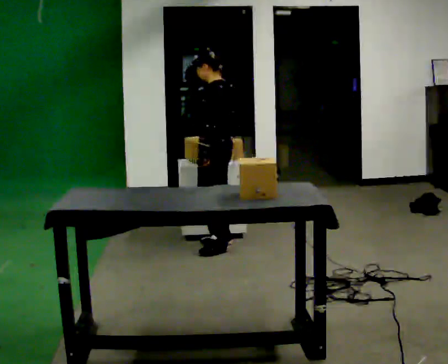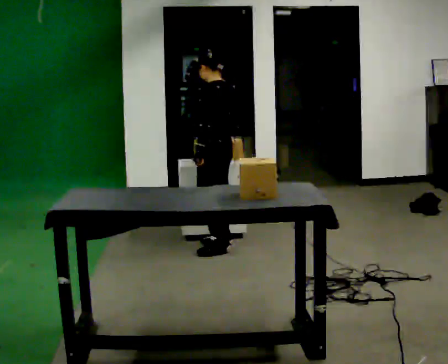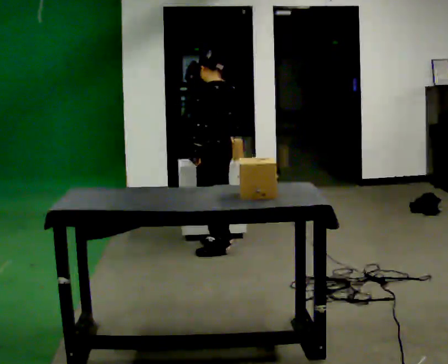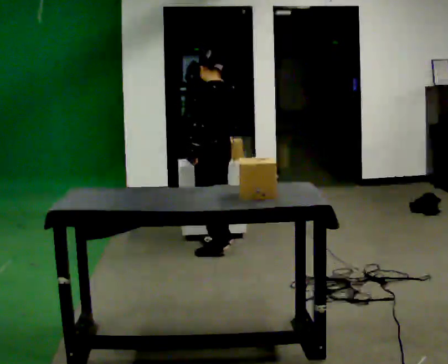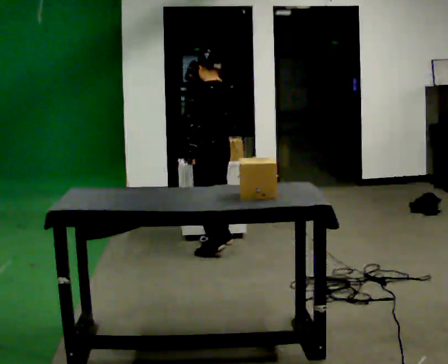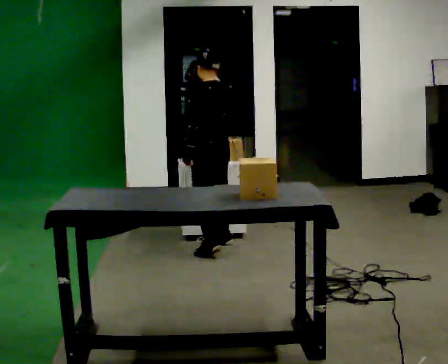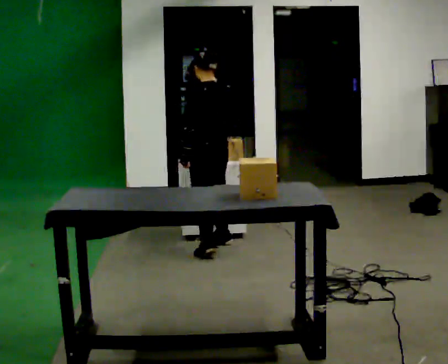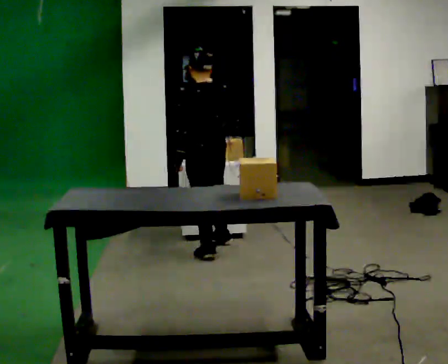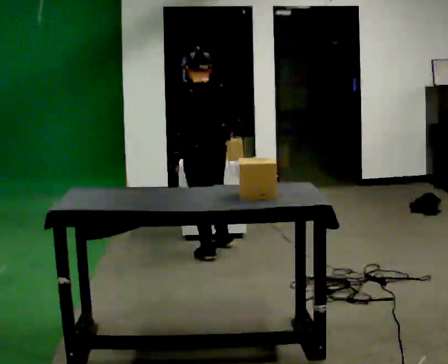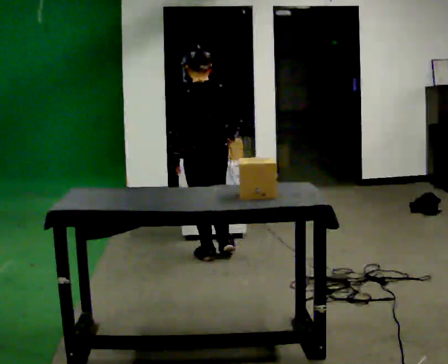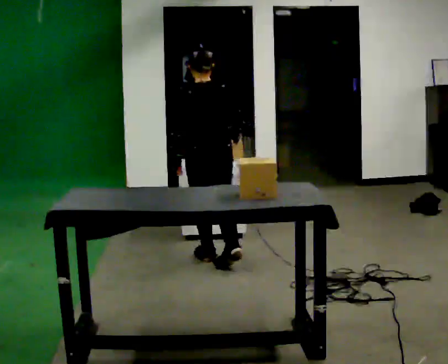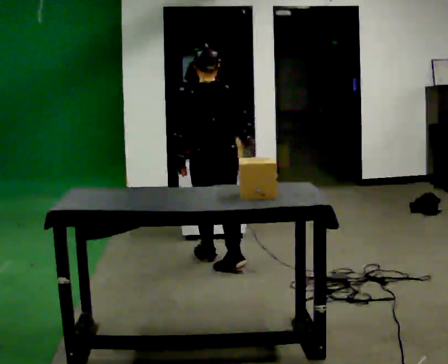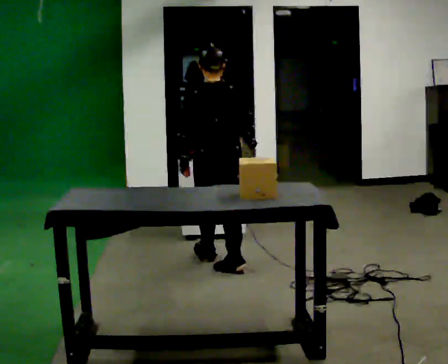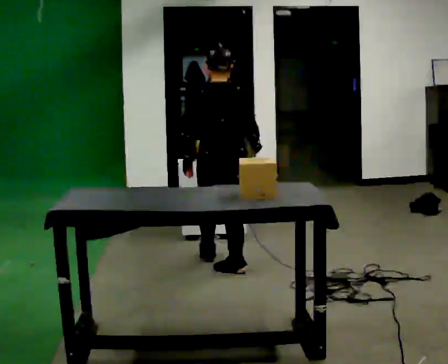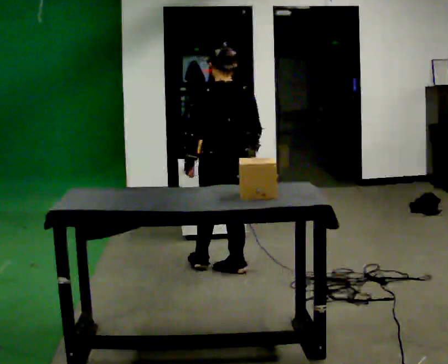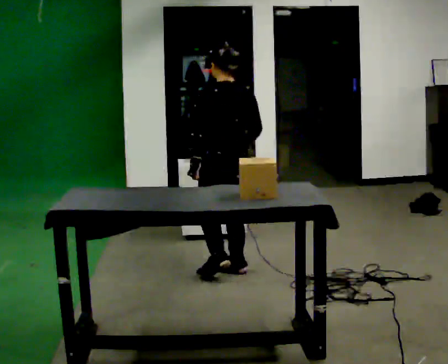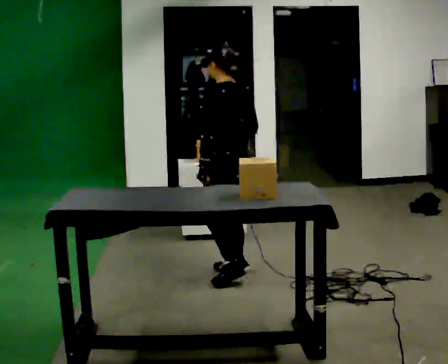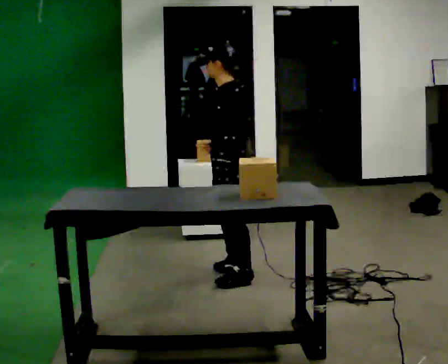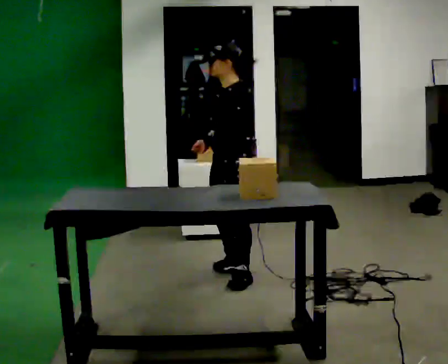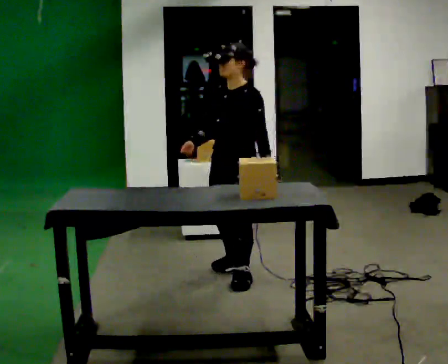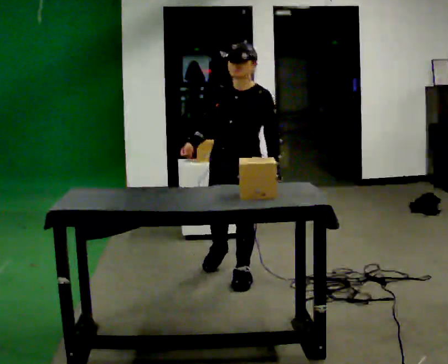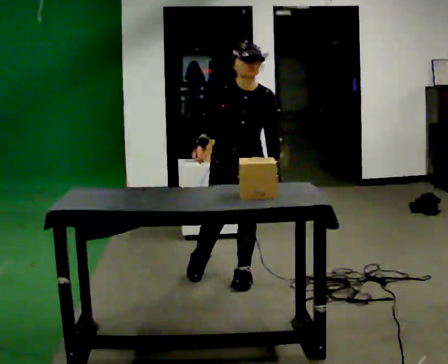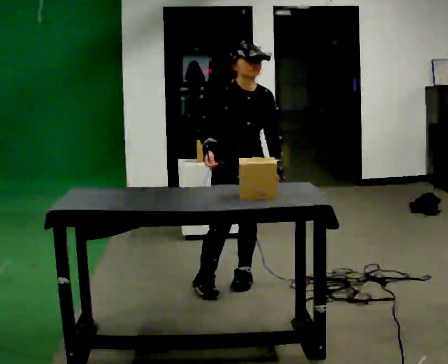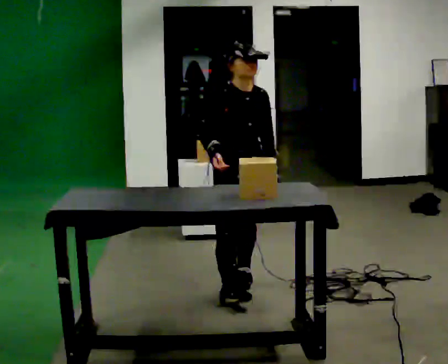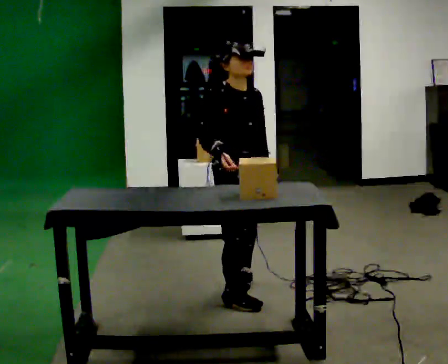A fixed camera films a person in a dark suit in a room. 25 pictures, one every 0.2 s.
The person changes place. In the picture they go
toward the camera.
0.0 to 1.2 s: The part of the body nearest the lens slides to the left as the person turns to their right by about 30 degrees.
1.2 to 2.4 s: The person turns about 45 degrees to their right, clockwise seen from above, so the part of the body nearest the lens slides to the left. In the picture they go toward the camera, about 0.5 m in 1 step, which for them is backward.
2.4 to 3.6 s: The person turns about 105 degrees to their left, counterclockwise seen from above, so the part of the body nearest the lens slides to the right. In the picture they go toward the camera, about 0.25 m in 1 step.
3.6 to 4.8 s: The person turns about 120 degrees to their left, counterclockwise seen from above, so the part of the body nearest the lens slides to the right. In the picture they go toward the camera, about 0.25 m in 1 step.
The film runs backward here.
